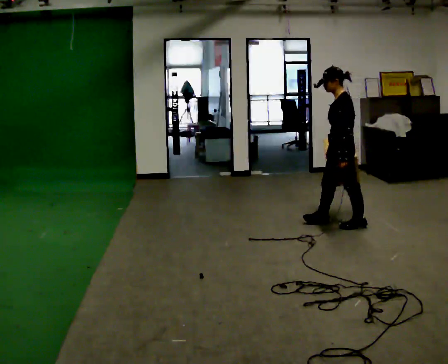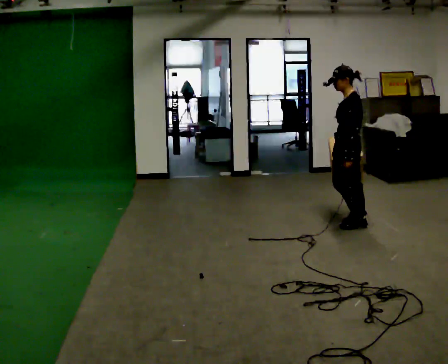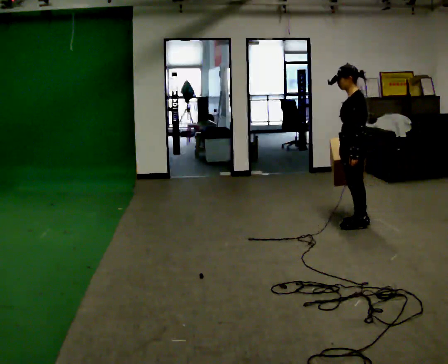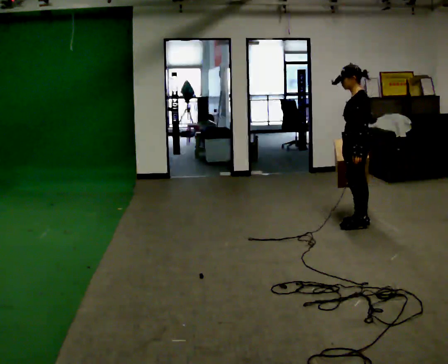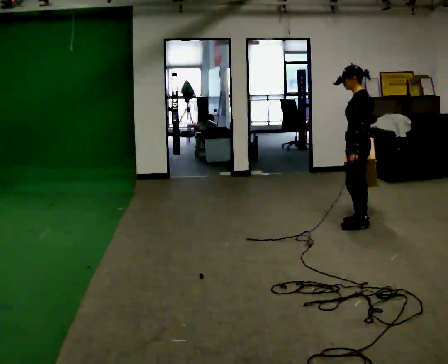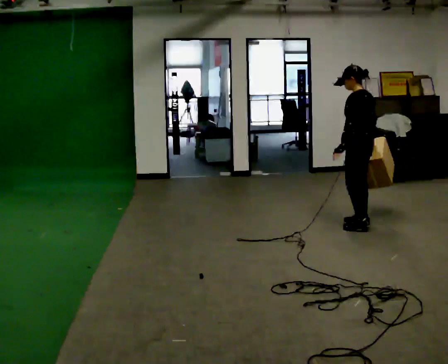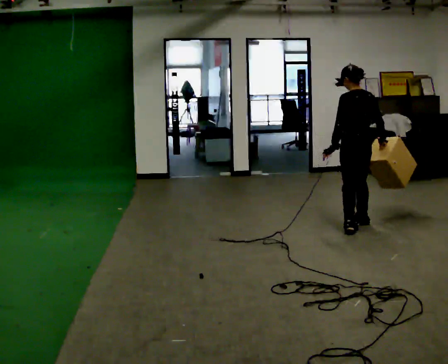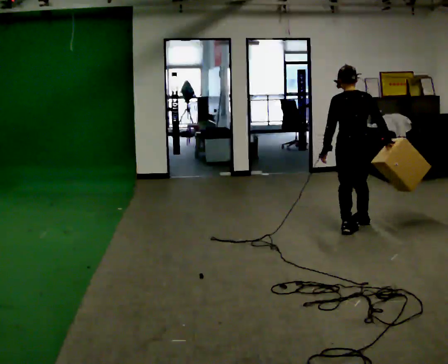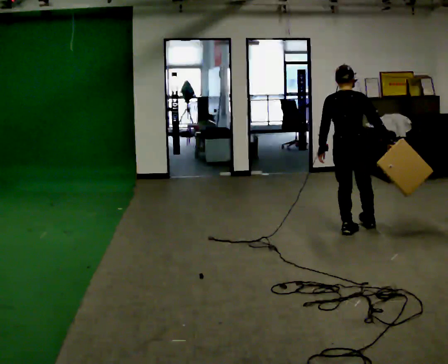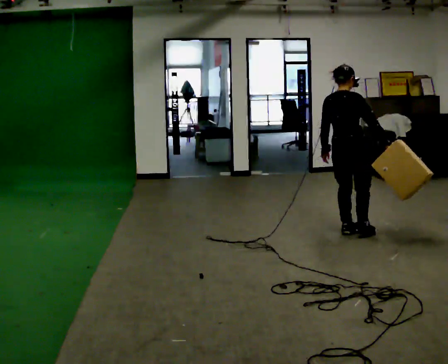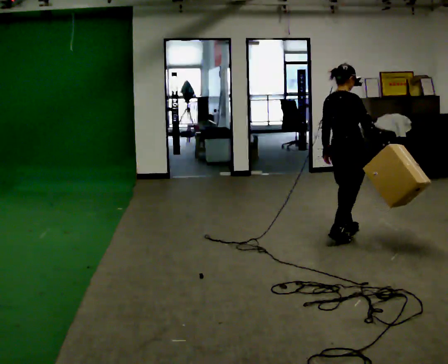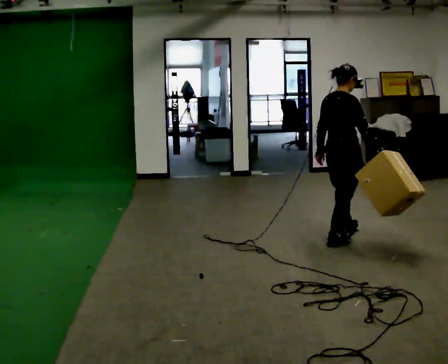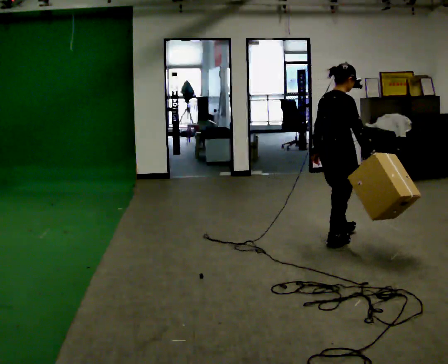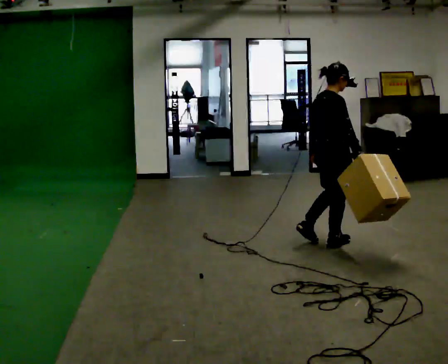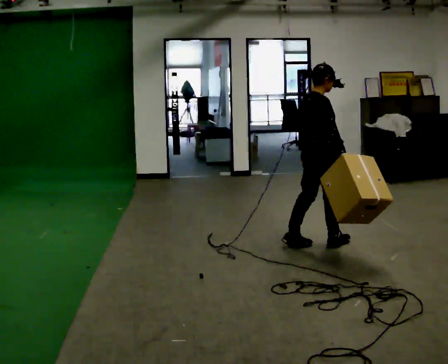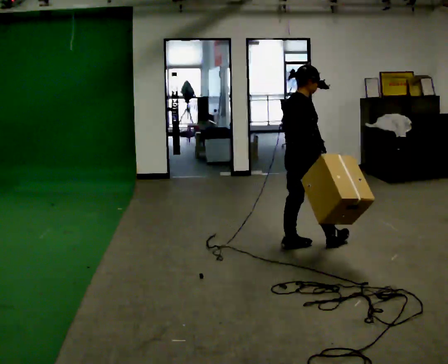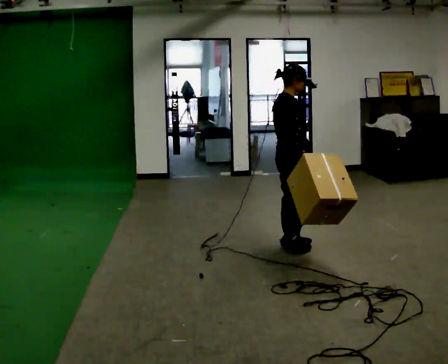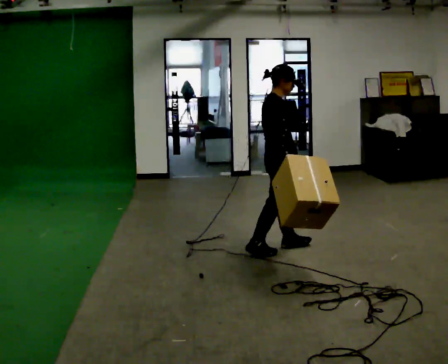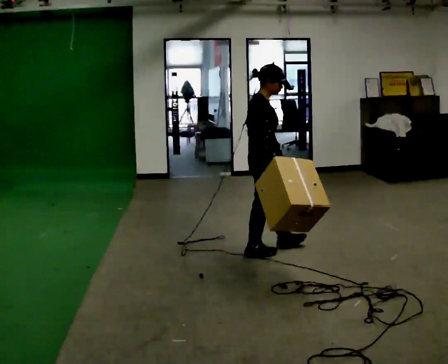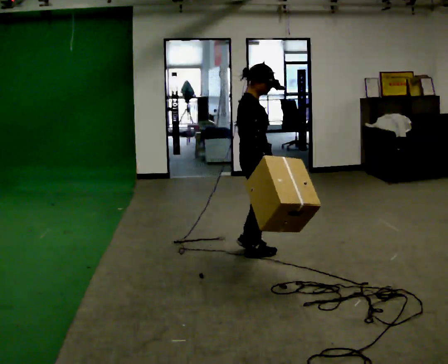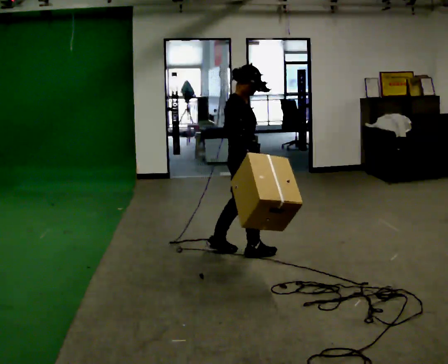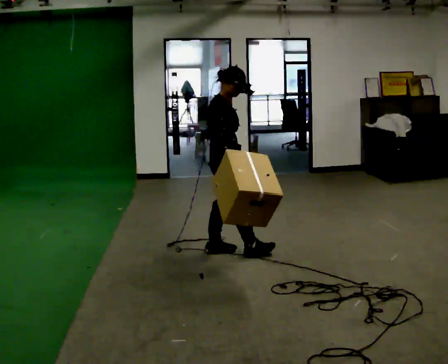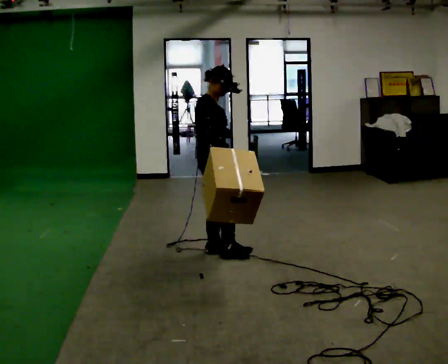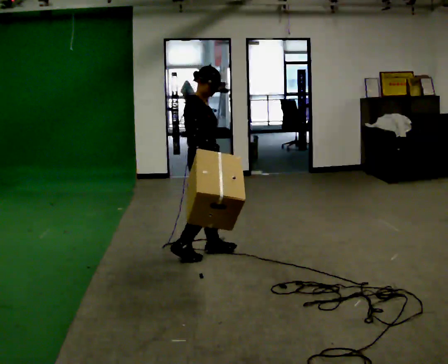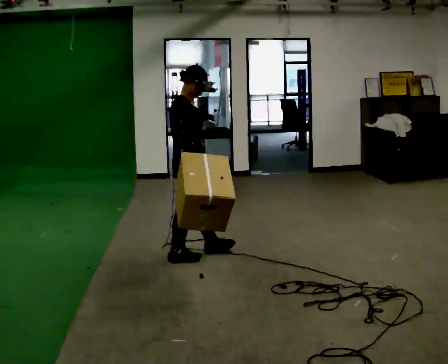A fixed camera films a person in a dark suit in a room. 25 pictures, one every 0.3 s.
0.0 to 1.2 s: In the picture they go to the right, about 0.25 m, which for them is backward.
1.2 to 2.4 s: Seen from above the body turns clockwise, about 90 degrees: to their right, with its near side sliding to the left. In the picture they go toward the camera, about 0.25 m in 2 steps.
2.4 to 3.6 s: Seen from above the body turns clockwise, about 45 degrees: to their right, with its near side sliding to the left. In the picture they go toward the camera and to the left, about 0.25 m in 1 step, which for them is backward.
3.6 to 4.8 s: In the picture they go to the left, about 0.5 m in 1 step, which for them is backward.
4.8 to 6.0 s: In the picture they go to the left and toward the camera, about 0.5 m in 1 step, which for them is backward.
6.0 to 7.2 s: In the picture they go to the left, about 0.5 m in 1 step, which for them is backward.
The film runs backward here.
